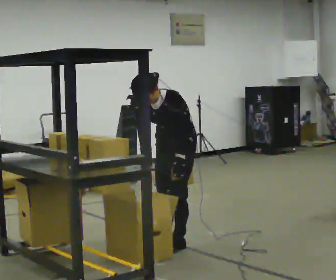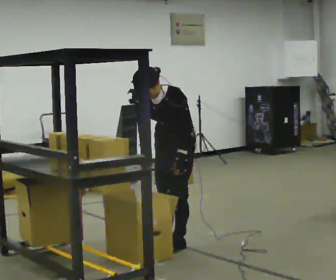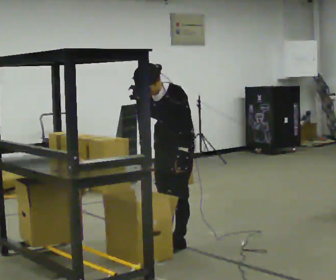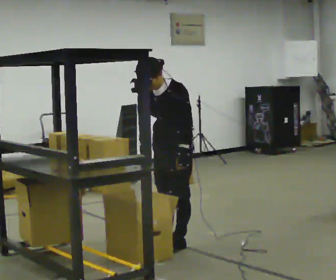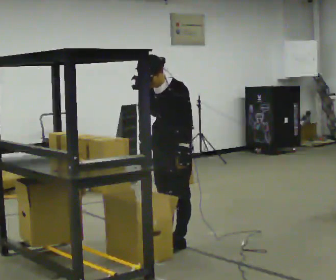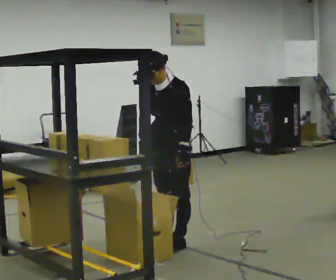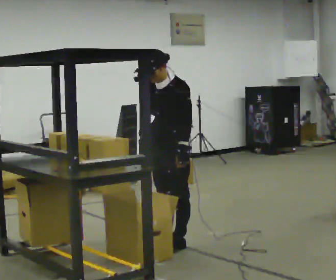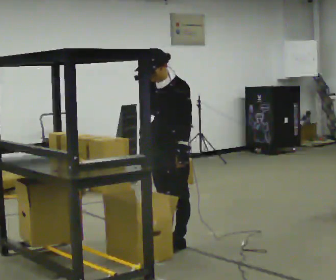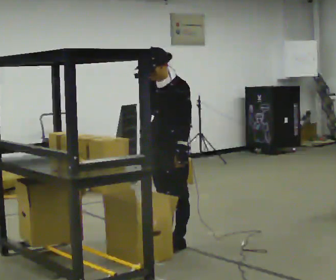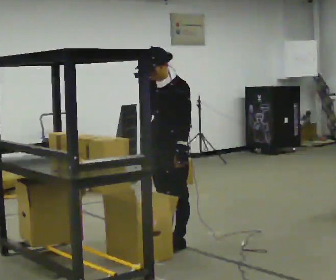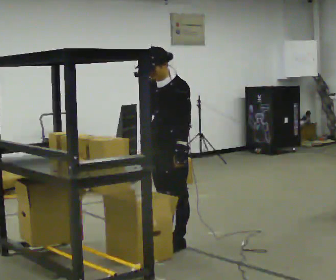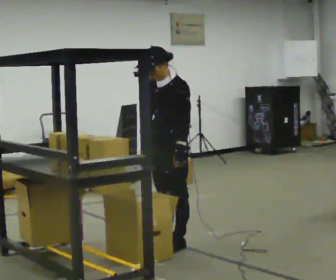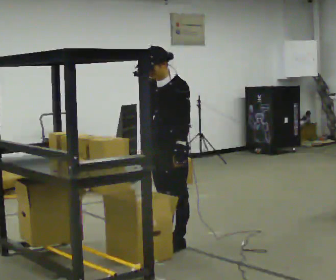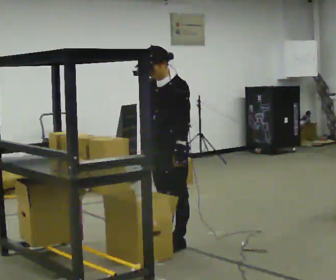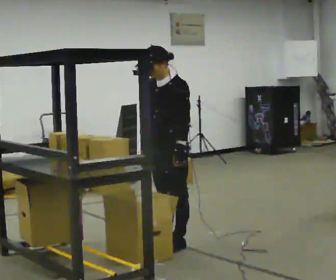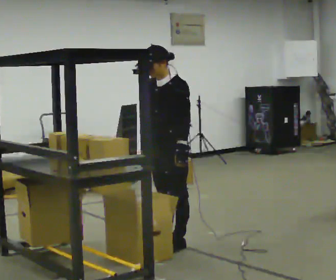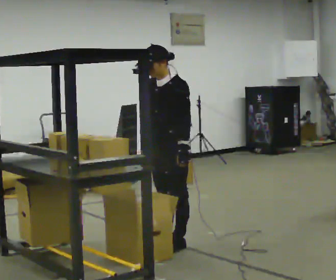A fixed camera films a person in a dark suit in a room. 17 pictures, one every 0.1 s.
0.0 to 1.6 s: The upper body tips away from the camera, its near side rolling upward, as they lean back or straighten.
The film runs backward here.
